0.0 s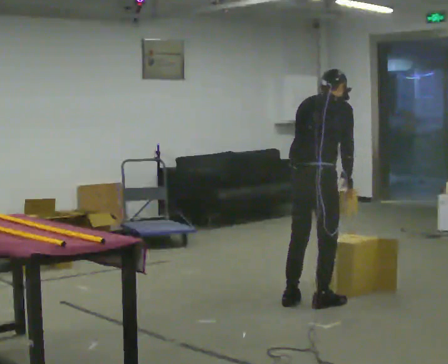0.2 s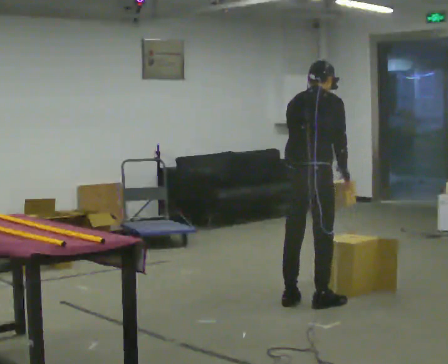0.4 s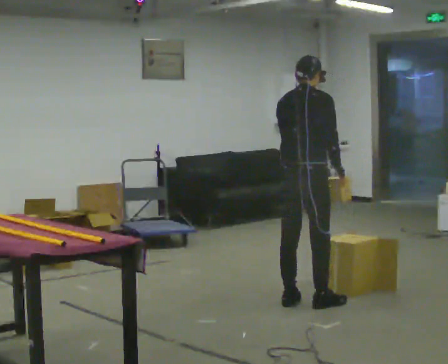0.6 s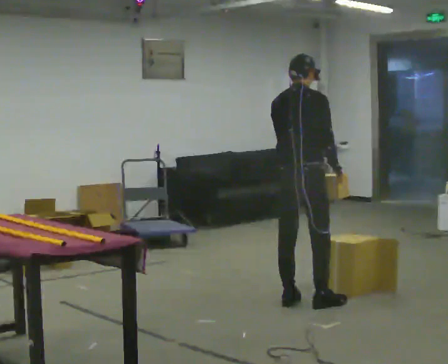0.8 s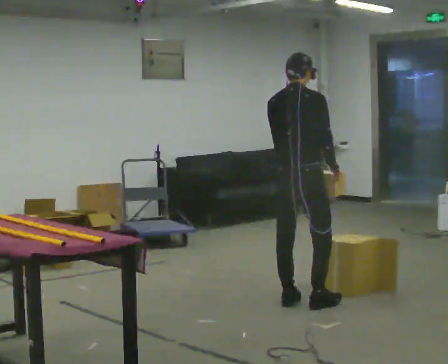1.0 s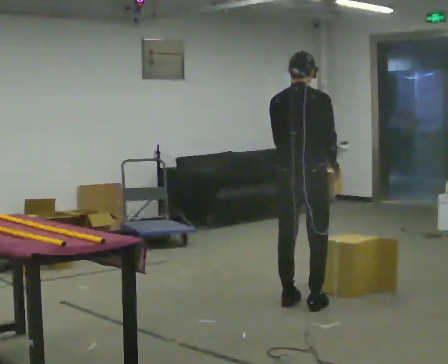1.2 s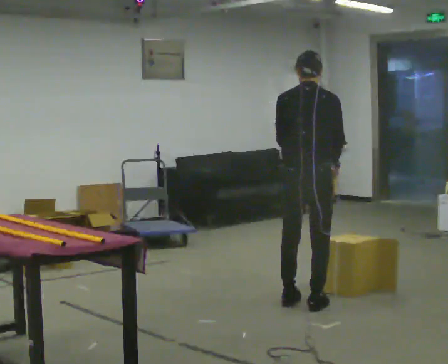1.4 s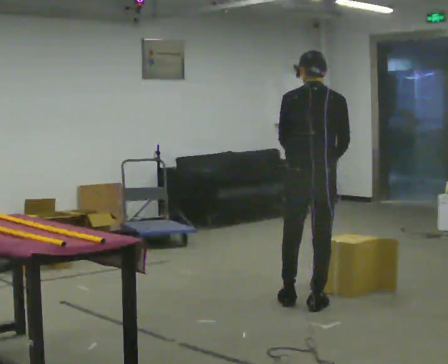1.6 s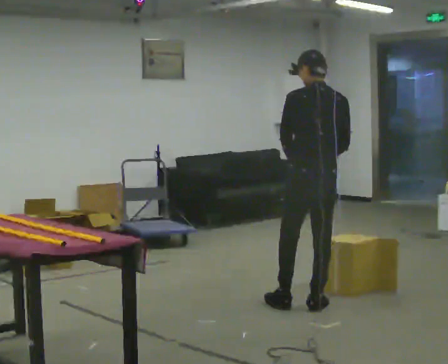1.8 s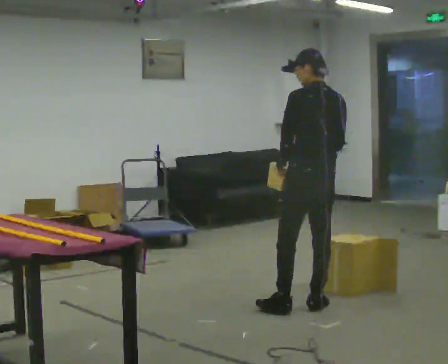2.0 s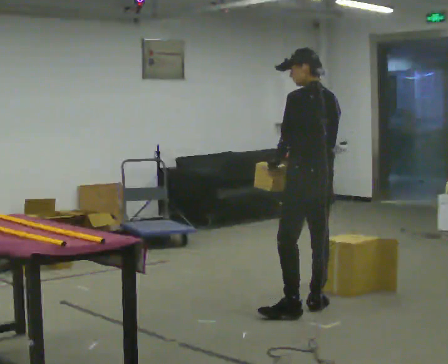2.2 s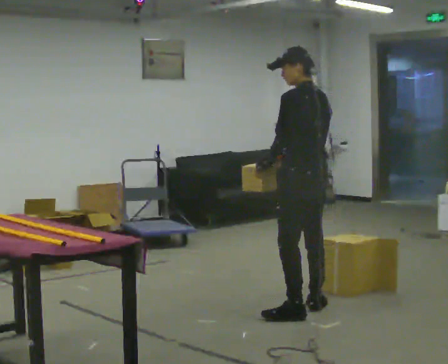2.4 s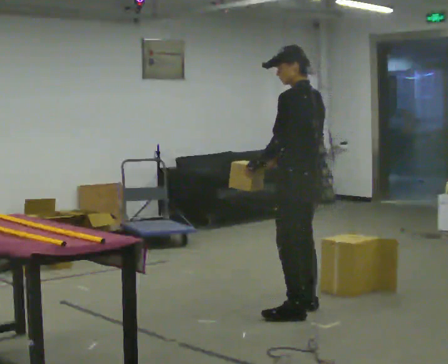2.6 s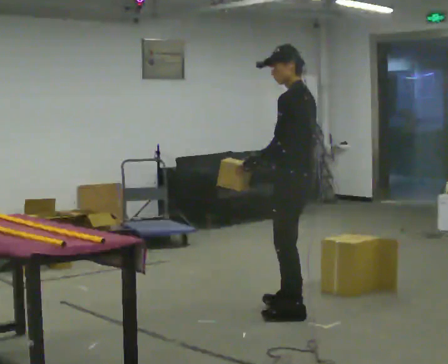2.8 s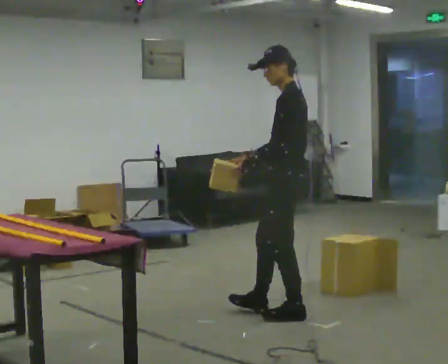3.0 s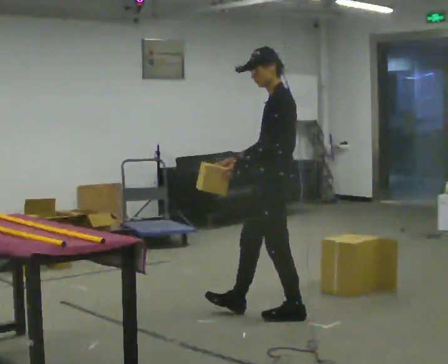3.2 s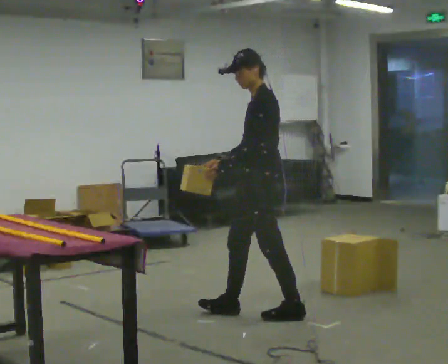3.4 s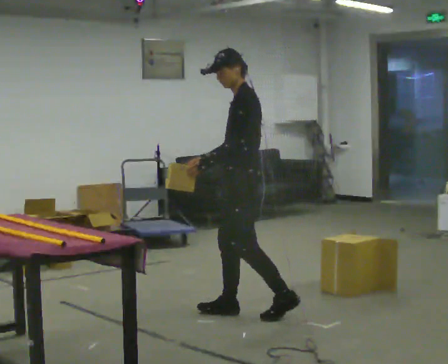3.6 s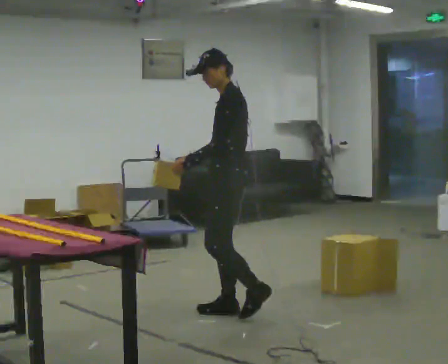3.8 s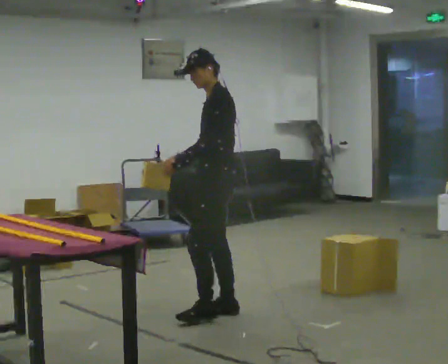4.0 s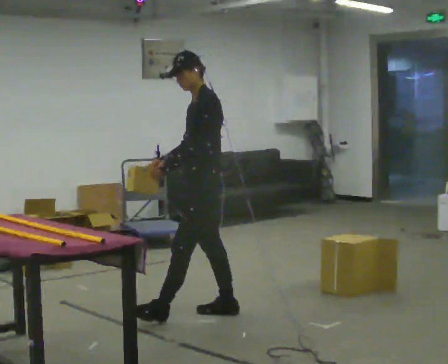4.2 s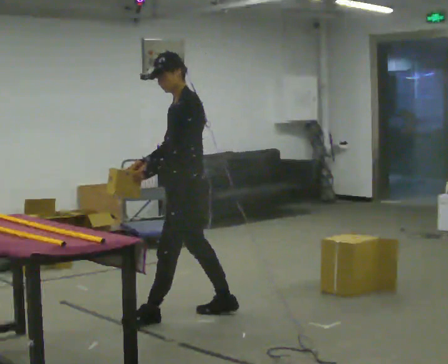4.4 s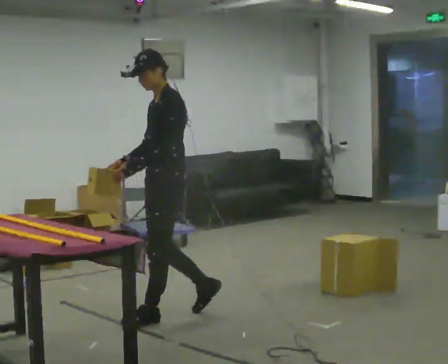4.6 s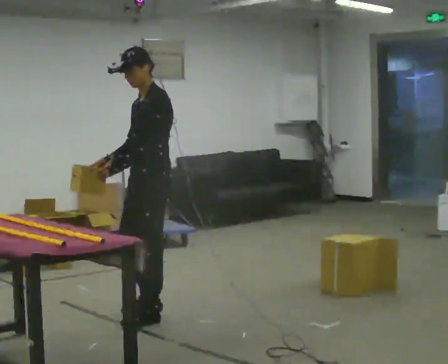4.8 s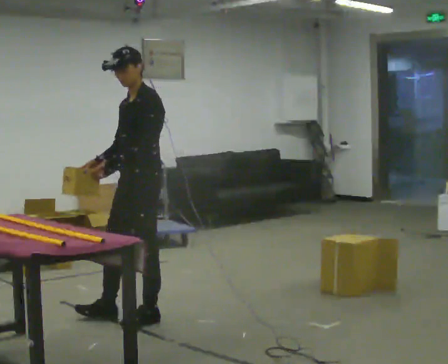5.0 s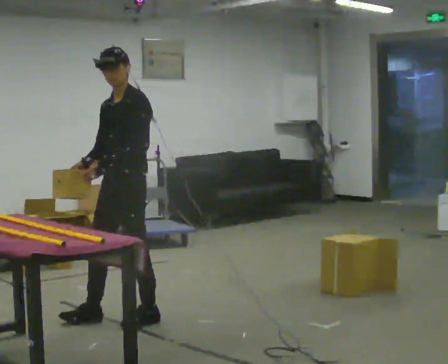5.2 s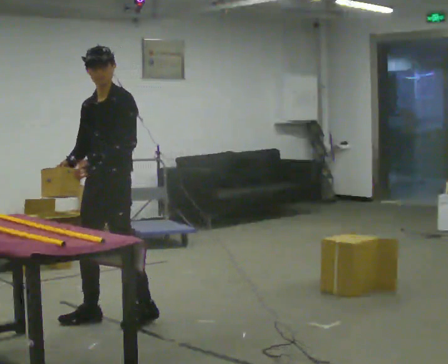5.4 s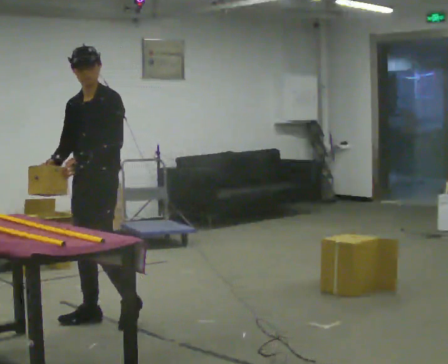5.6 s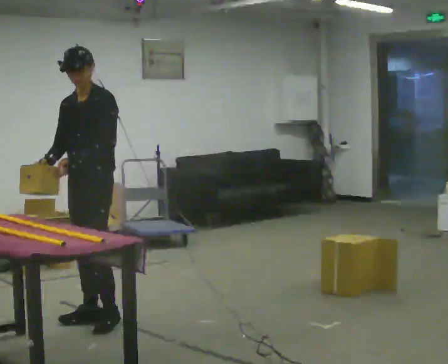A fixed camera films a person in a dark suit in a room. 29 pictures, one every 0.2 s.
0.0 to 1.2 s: The upper body tips toward the camera, its near side rolling downward, as they lean back or straighten.
1.2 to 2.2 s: Seen from above the body turns counterclockwise, about 60 degrees: to their left, with its near side sliding to the right. In the picture they go toward the camera, about 0.25 m in 1 step, which for them is backward. In the picture their right hand goes to the left.
2.2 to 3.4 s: The person turns about 60 degrees to their left, counterclockwise seen from above, so the part of the body nearest the lens slides to the right. In the picture they go to the left, about 0.5 m in 1 step, which for them is forward.
3.4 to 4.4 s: In the picture they go to the left, about 0.5 m in 1 step, which for them is forward.
4.4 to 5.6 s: The person turns about 45 degrees to their left, counterclockwise seen from above, so the part of the body nearest the lens slides to the right. In the picture they go to the left, about 0.5 m in 1 step, which for them is forward and to their right.
The film runs forward here.
